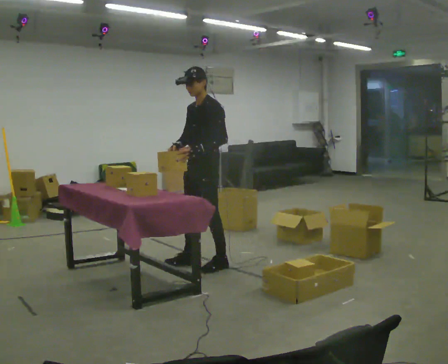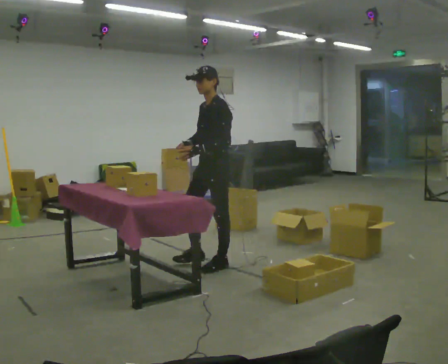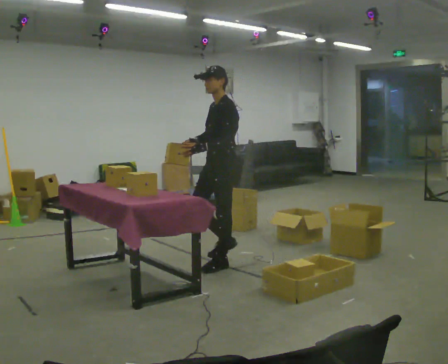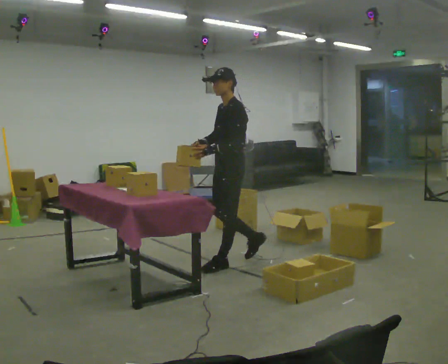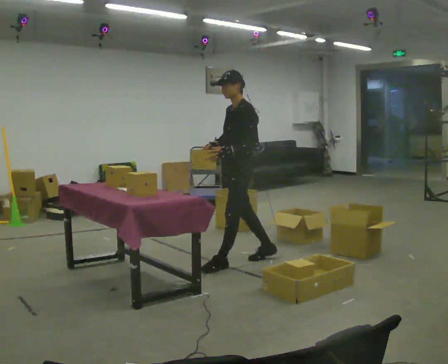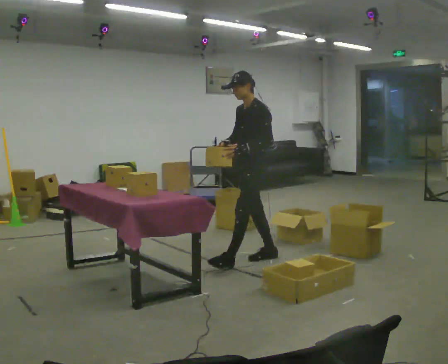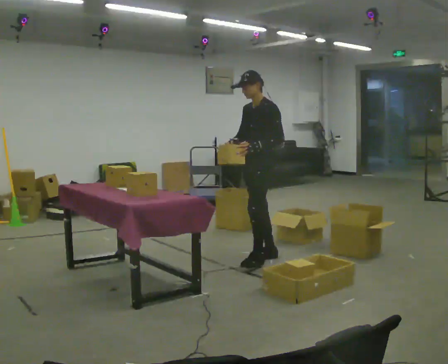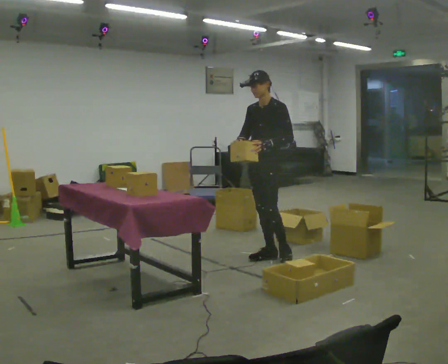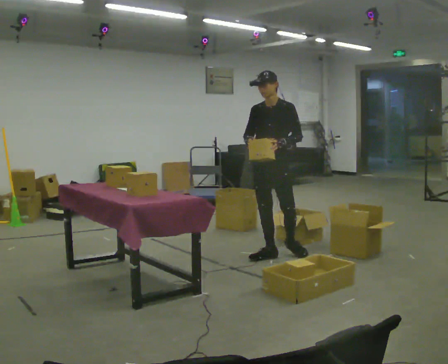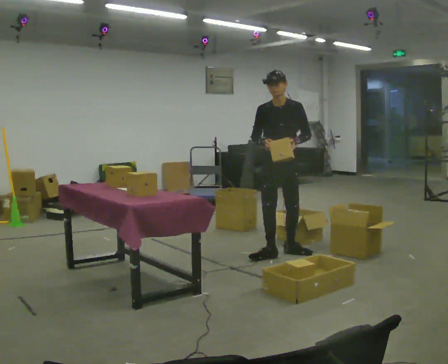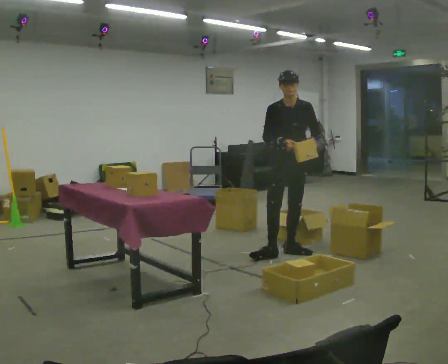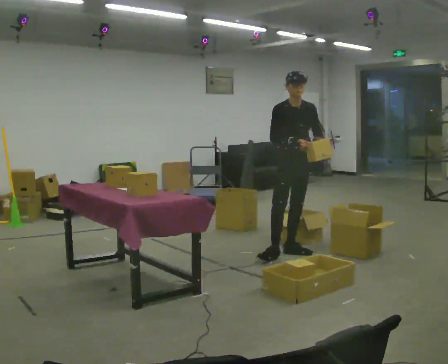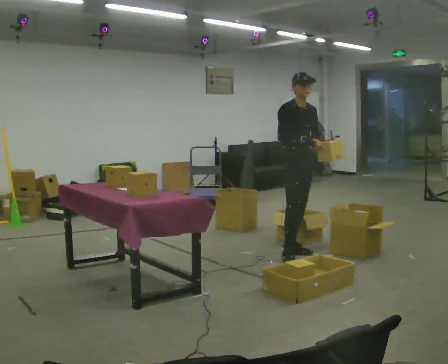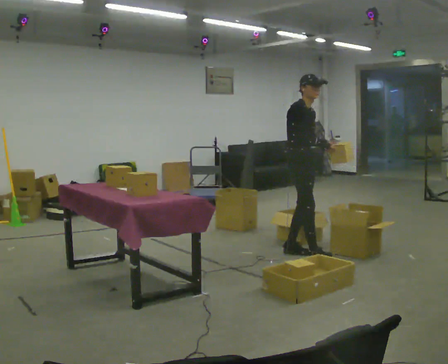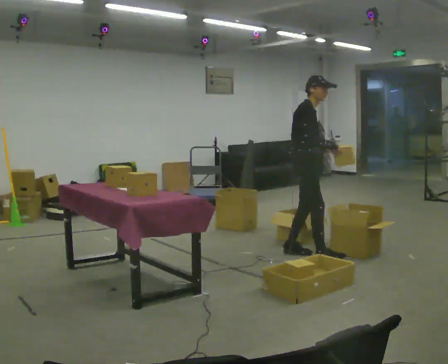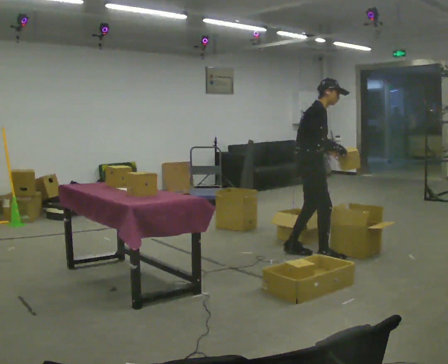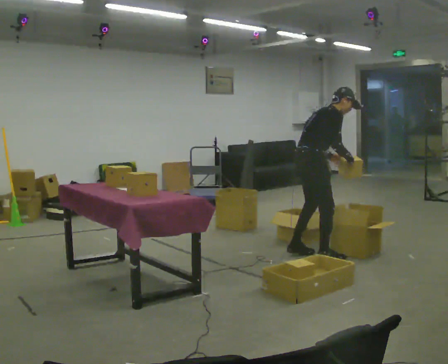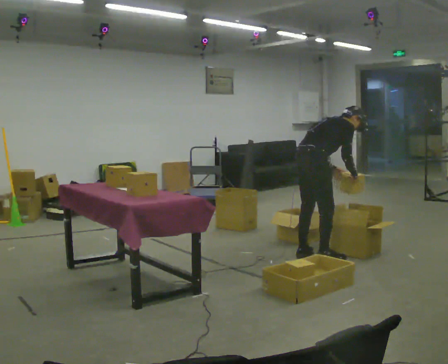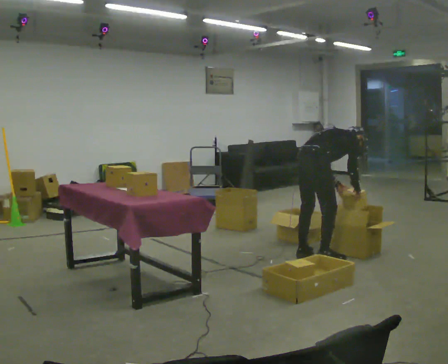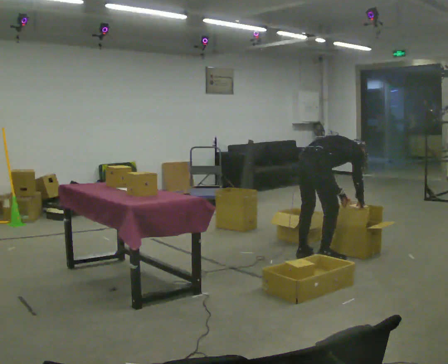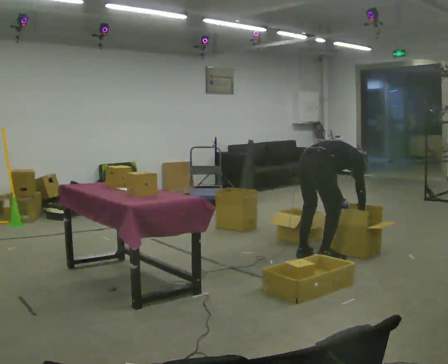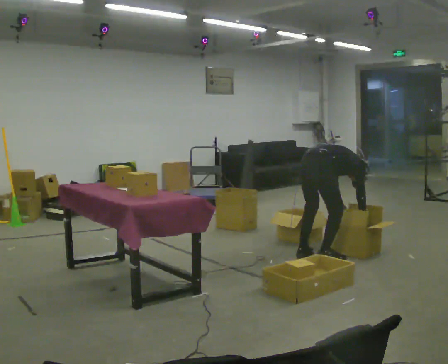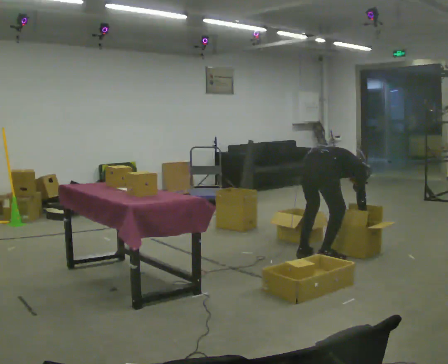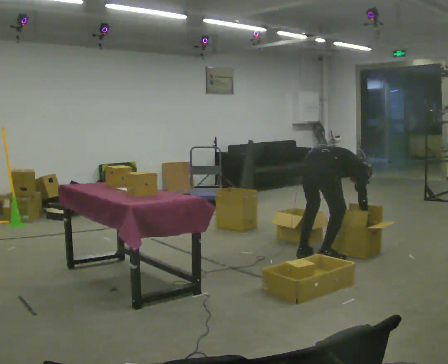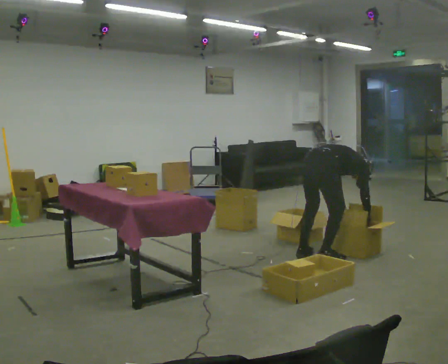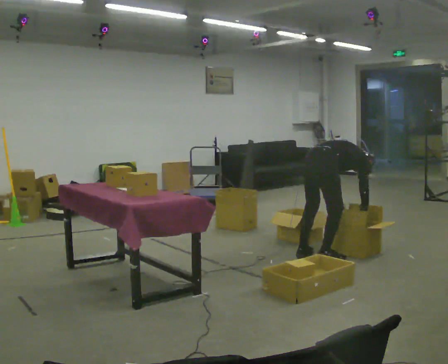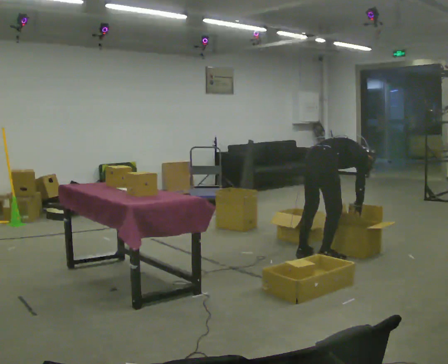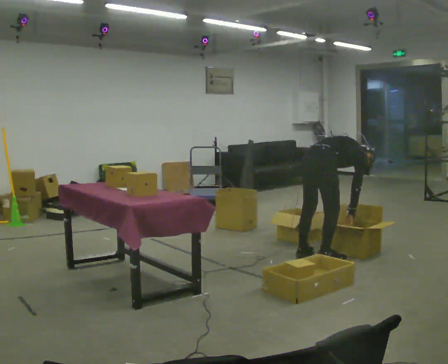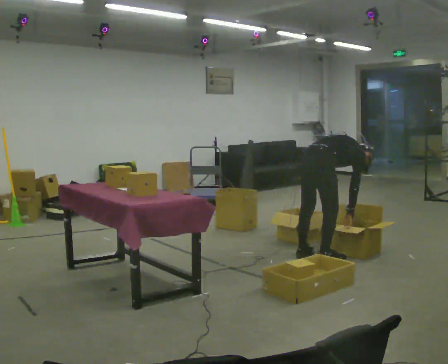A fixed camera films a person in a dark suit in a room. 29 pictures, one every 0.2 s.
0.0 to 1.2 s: In the picture they go to the right and away from the camera, about 0.5 m in 2 steps, which for them is backward.
1.2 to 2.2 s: The person turns about 75 degrees to their left, counterclockwise seen from above, so the part of the body nearest the lens slides to the right. In the picture they go to the right, about 0.25 m in 1 step.
2.2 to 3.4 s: Seen from above the body turns counterclockwise, about 105 degrees: to their left, with its near side sliding to the right. In the picture they go toward the camera and to the right, about 0.25 m in 1 step. The shoulders move downward. In the picture the upper body tilts clockwise, shoulders to the right, as they bend forward.
3.4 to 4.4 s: The upper body goes downward. The upper body tips away from the camera, its near side rolling upward, as they bend forward. In the picture their right hand goes downward.
4.4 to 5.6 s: The upper body tips toward the camera, its near side rolling downward, as they lean back or straighten.
The film runs backward here.
